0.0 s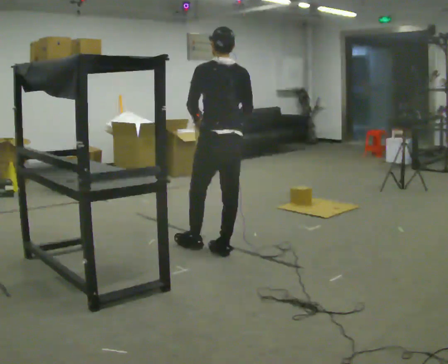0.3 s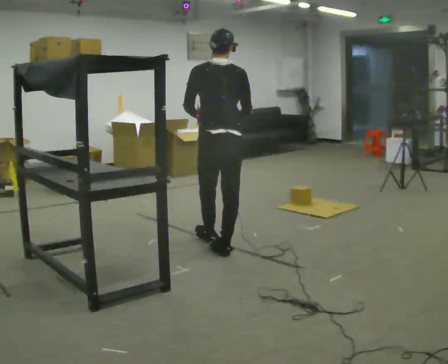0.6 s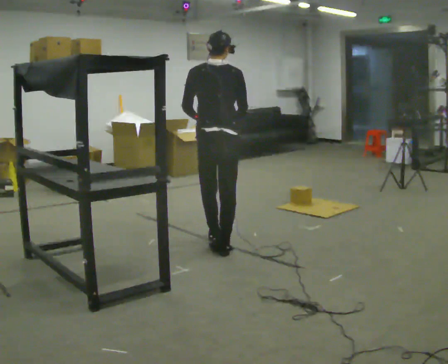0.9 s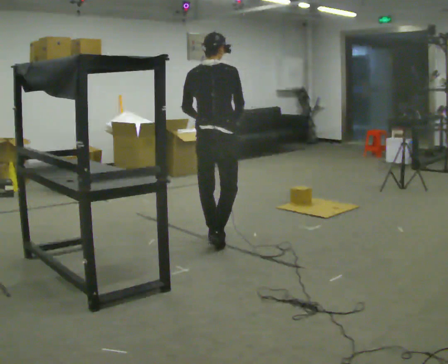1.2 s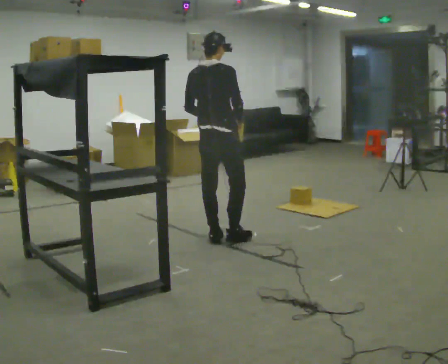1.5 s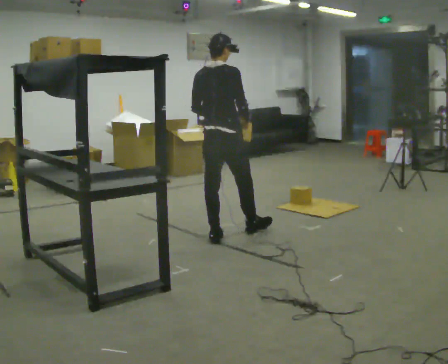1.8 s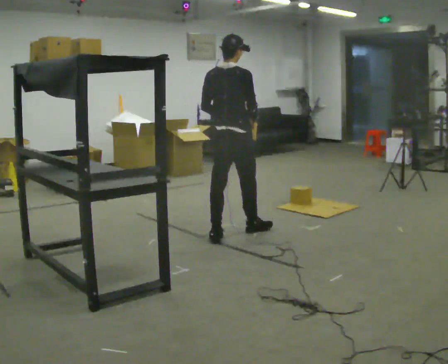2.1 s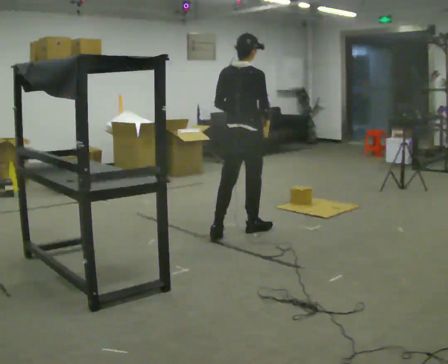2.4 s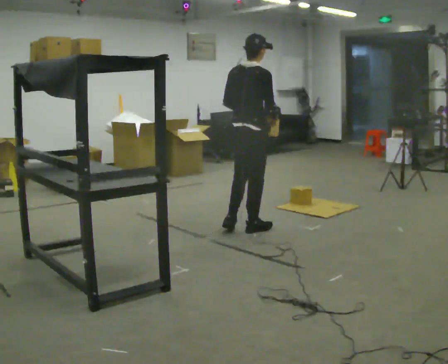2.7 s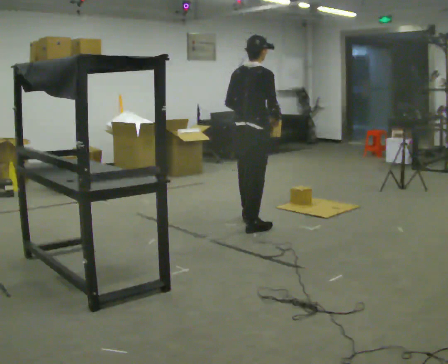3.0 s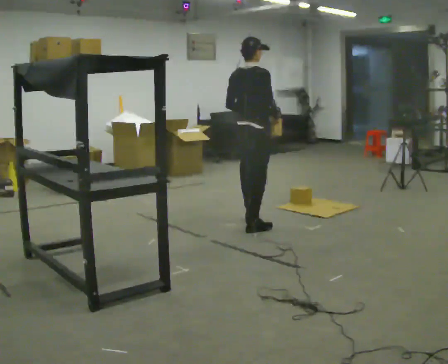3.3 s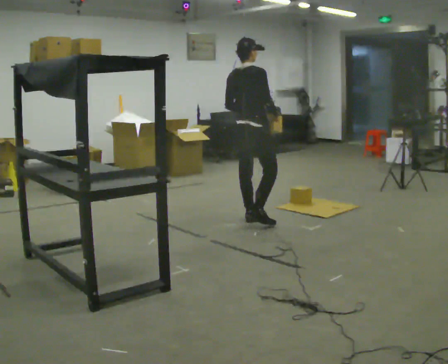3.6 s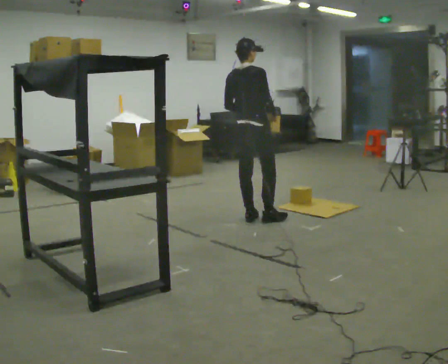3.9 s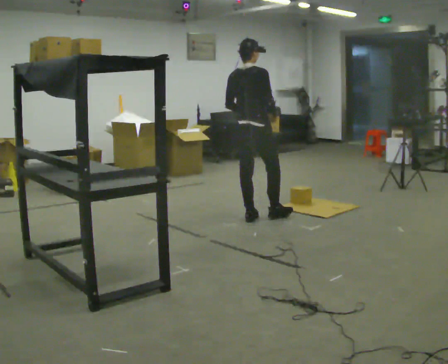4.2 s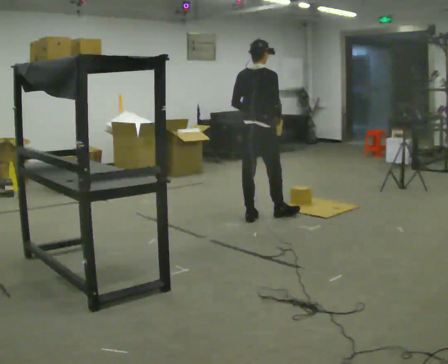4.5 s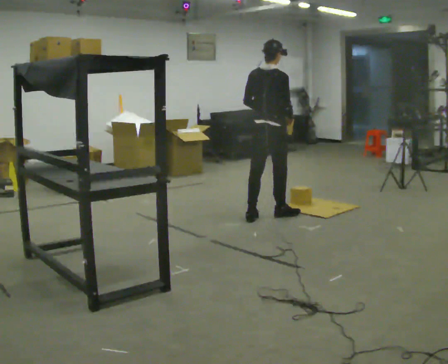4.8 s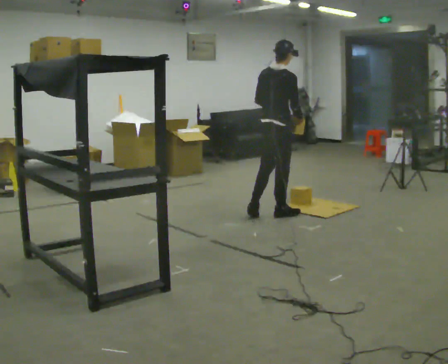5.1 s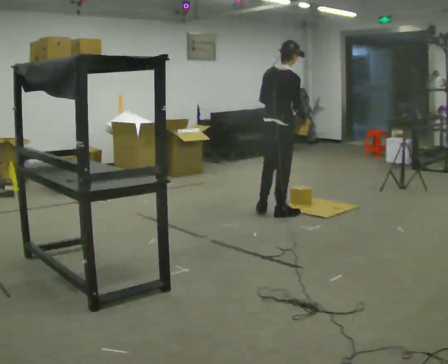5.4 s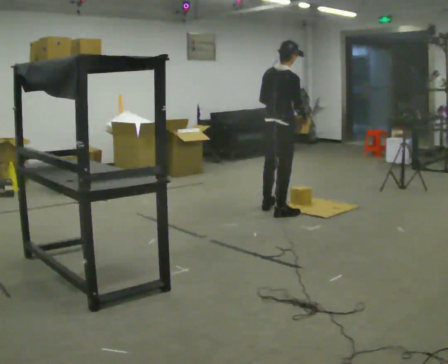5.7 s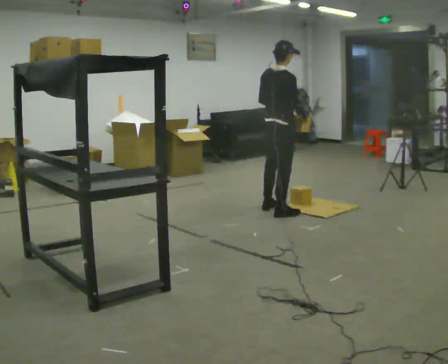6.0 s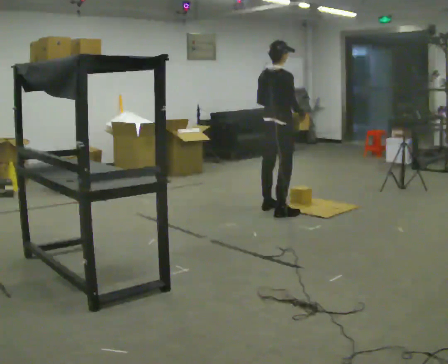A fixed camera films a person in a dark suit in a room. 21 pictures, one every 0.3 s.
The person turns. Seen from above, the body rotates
clockwise.
The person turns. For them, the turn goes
to their right.
0.0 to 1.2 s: The person turns about 60 degrees to their right, clockwise seen from above, so the part of the body nearest the lens slides to the left. In the picture they go away from the camera, about 0.25 m in 1 step, which for them is forward.
1.2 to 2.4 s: In the picture they go to the right and away from the camera, about 0.25 m in 1 step, which for them is forward.
2.4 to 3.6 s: In the picture they go away from the camera, about 0.25 m in 1 step, which for them is forward and to their left.
3.6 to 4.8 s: In the picture they go to the right, about 0.25 m in 1 step, which for them is forward and to their right.
4.8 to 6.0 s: In the picture they go away from the camera, about 0.25 m in 1 step, which for them is forward.
The film runs forward here.
